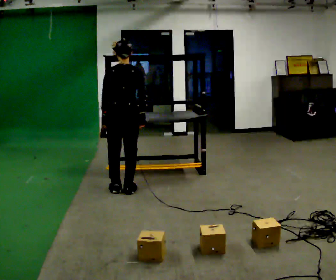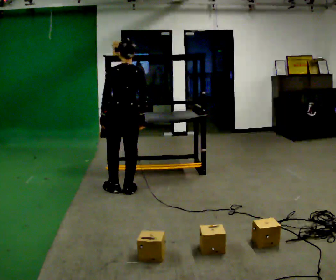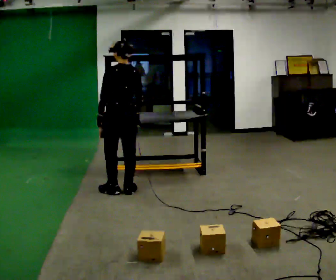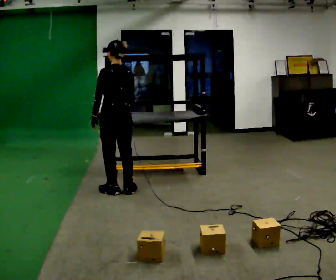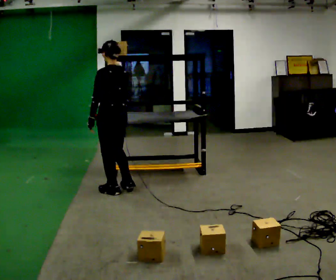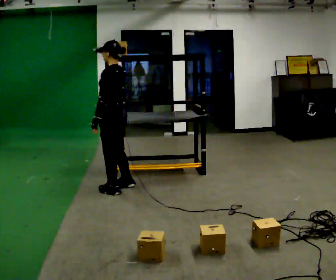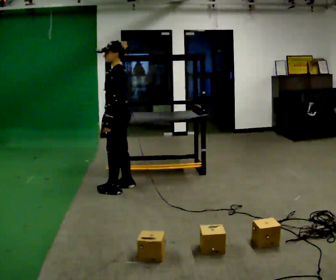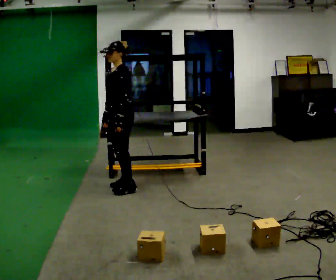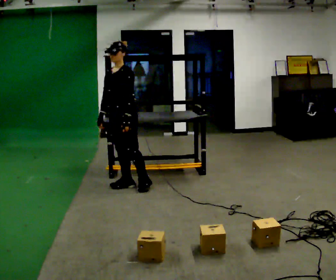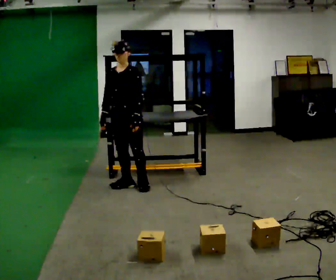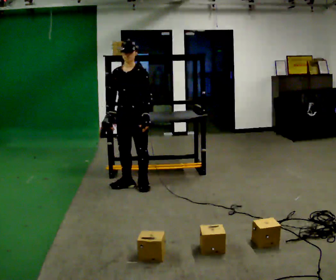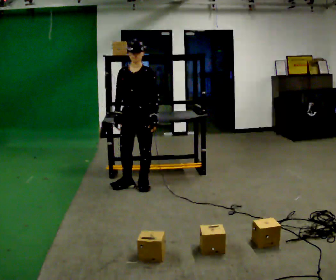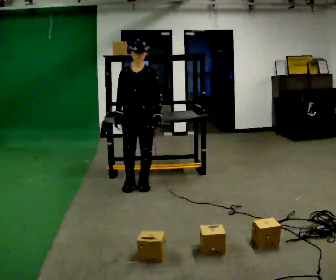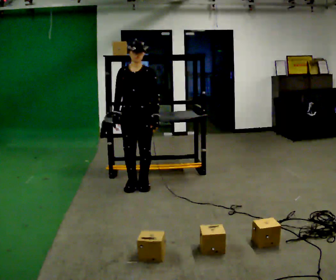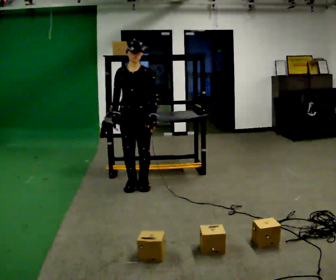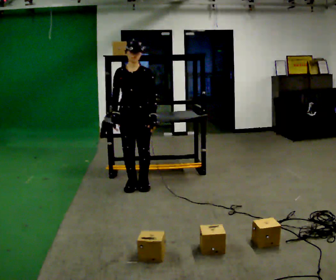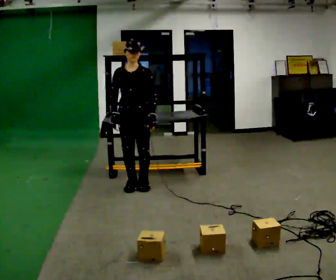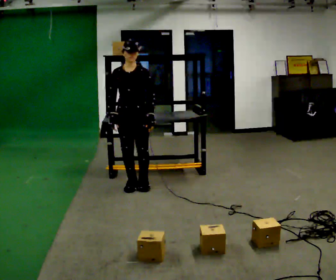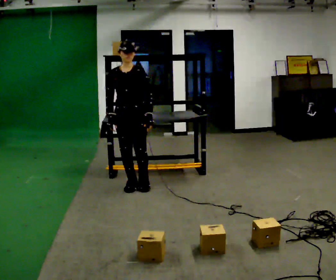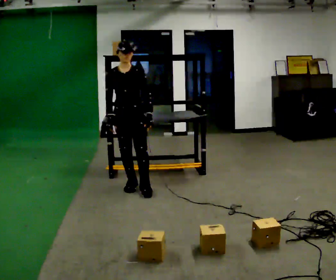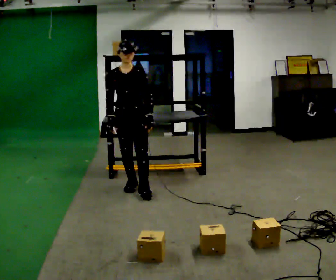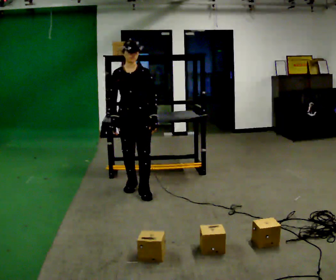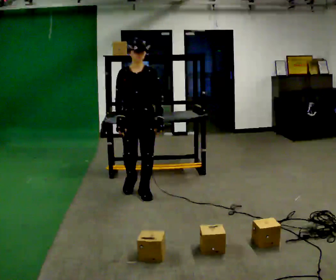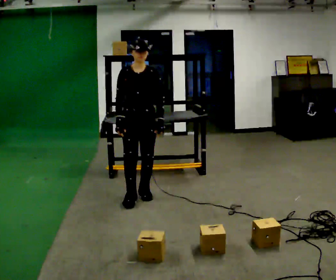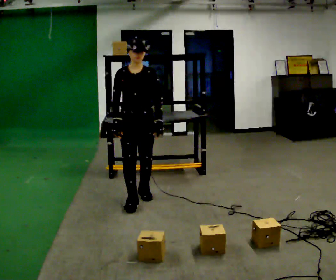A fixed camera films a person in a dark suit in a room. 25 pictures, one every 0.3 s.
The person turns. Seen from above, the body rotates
counterclockwise.
The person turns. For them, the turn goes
to their left.
0.0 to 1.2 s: The person turns about 45 degrees to their left, counterclockwise seen from above, so the part of the body nearest the lens slides to the right.
1.2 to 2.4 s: Seen from above the body turns counterclockwise, about 90 degrees: to their left, with its near side sliding to the right. In the picture they go away from the camera, about 0.25 m in 1 step. In the picture their left hand goes to the right.
2.4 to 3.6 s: The person turns about 30 degrees to their left, counterclockwise seen from above, so the part of the body nearest the lens slides to the right. In the picture they go to the right, about 0.25 m in 1 step, which for them is to their left. In the picture their left hand goes to the right.
3.6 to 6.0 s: The person moves a little, or ends about where they began.
6.0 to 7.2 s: In the picture they go toward the camera, about 0.25 m in 1 step, which for them is forward.
The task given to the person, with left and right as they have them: Pick an object up off the floor, carry it across the room, and place it on the highest shelf you can comfortably reach. Keep going until the operator says stop; one object at a time, and do not rush between trips.
The film runs forward here.
